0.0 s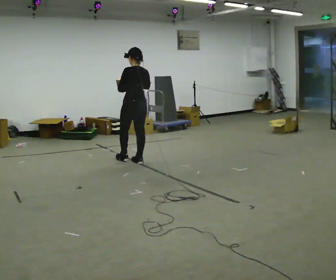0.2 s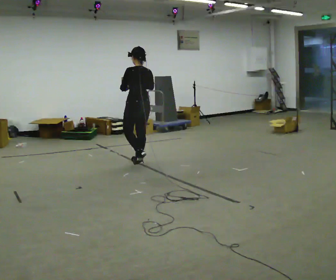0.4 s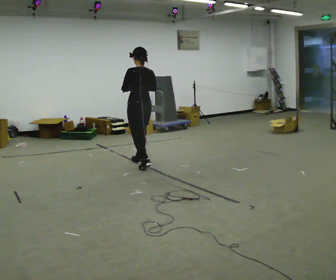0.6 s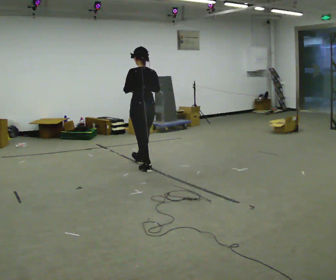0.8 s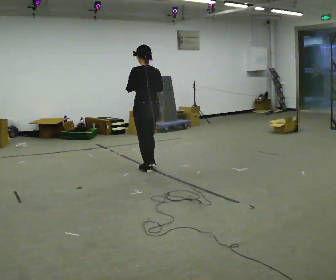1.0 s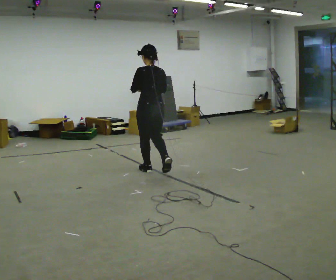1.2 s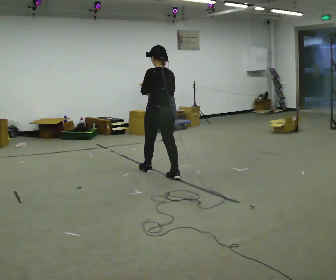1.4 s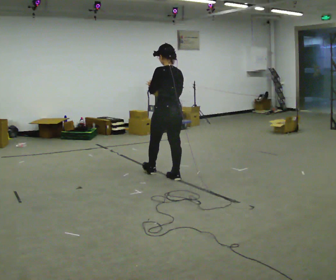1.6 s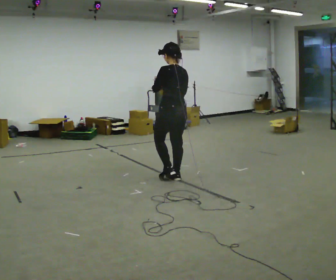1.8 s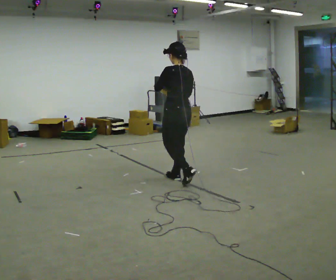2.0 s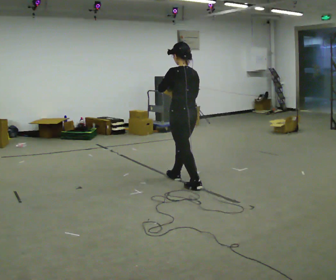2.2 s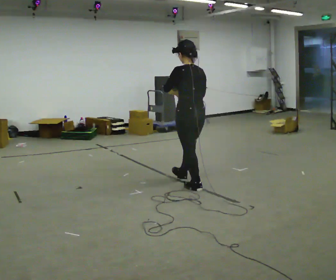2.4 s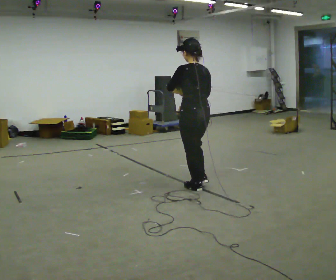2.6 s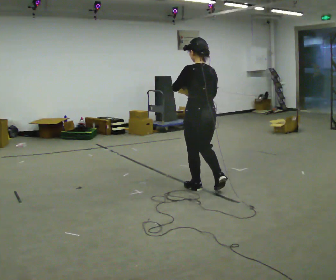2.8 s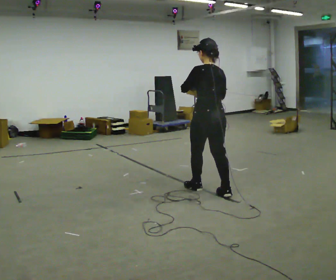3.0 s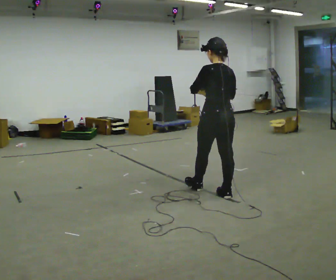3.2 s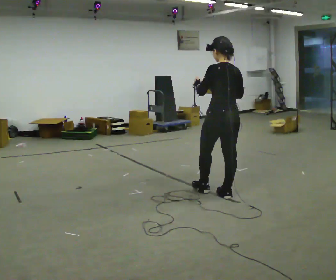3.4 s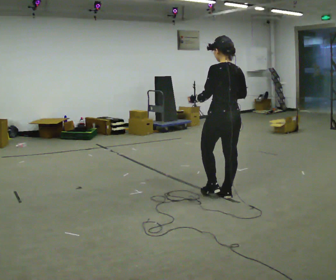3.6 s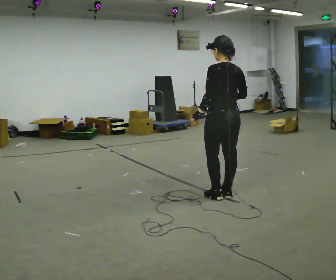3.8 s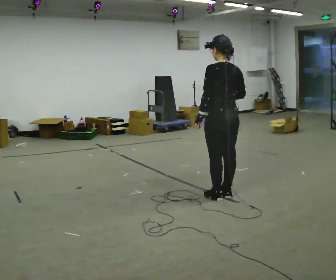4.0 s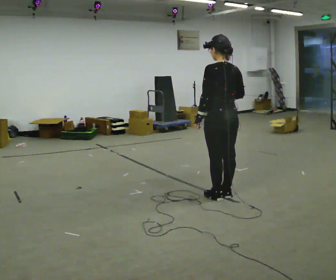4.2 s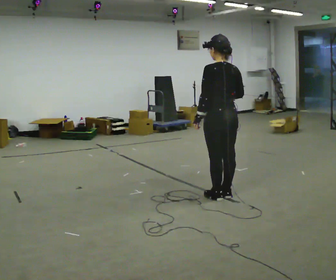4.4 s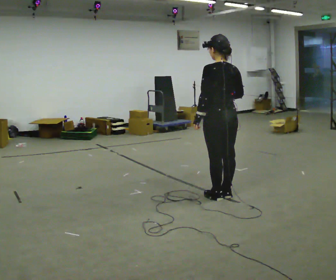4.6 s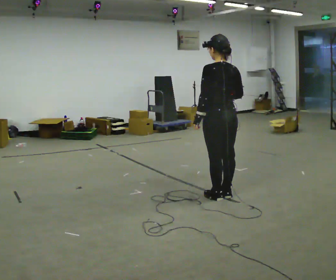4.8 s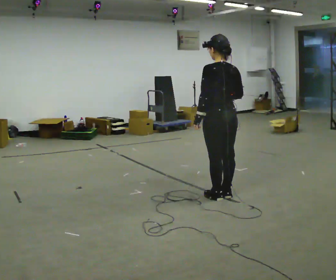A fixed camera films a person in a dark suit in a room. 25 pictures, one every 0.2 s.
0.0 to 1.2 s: In the picture they go to the right and toward the camera, about 0.5 m in 1 step, which for them is backward.
1.2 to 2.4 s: In the picture they go to the right and toward the camera, about 0.5 m in 2 steps, which for them is backward.
2.4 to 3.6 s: In the picture they go to the right and toward the camera, about 0.5 m in 1 step, which for them is backward.
3.6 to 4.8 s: The person moves a little, or ends about where they began.
The film runs backward here.
